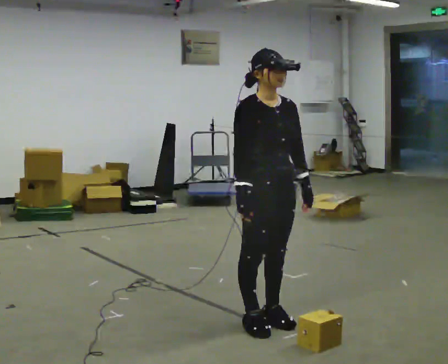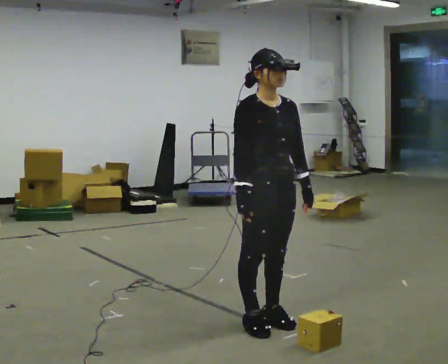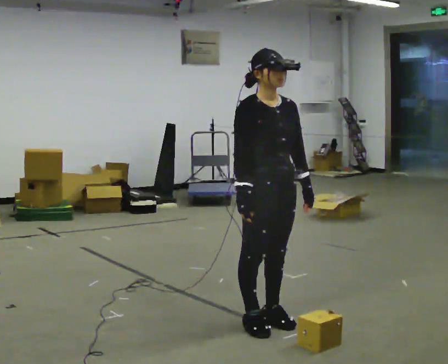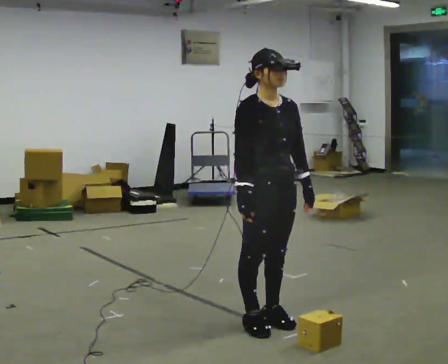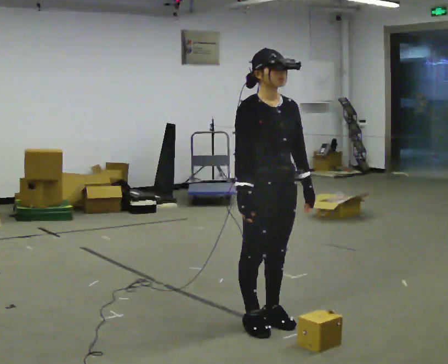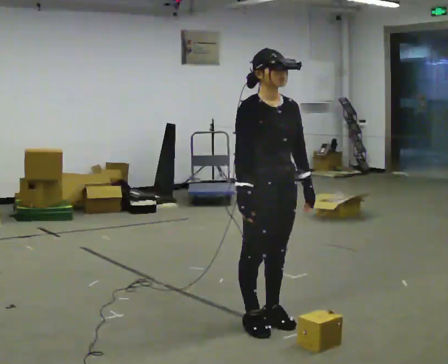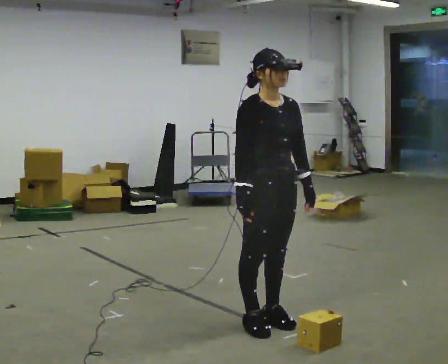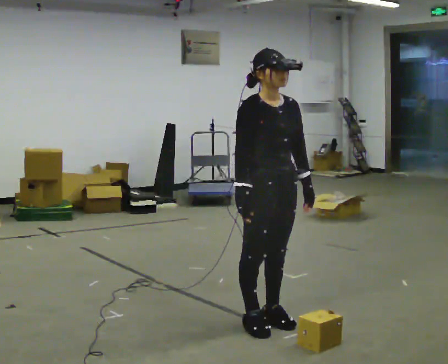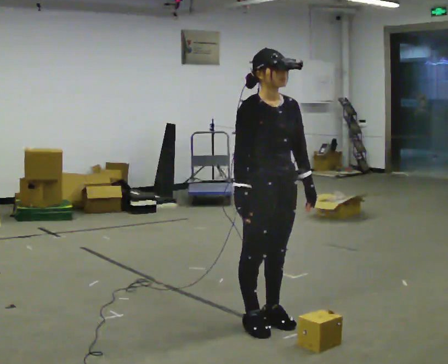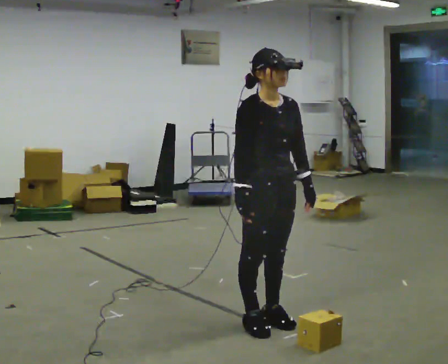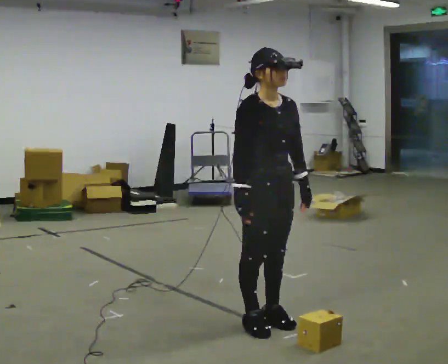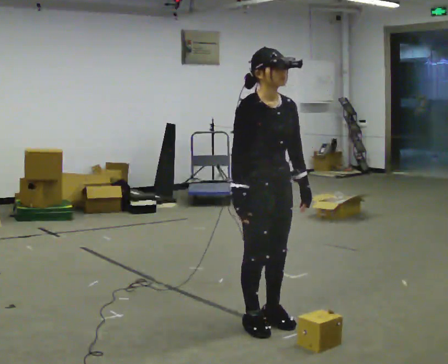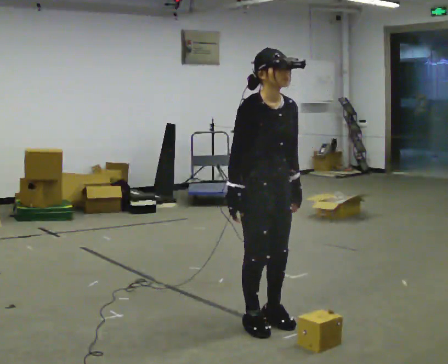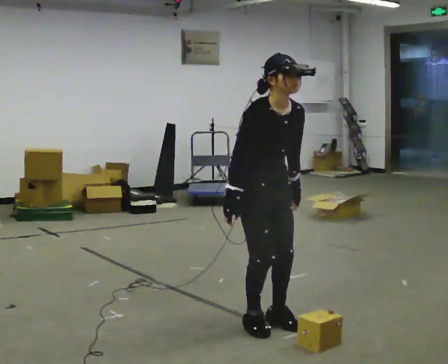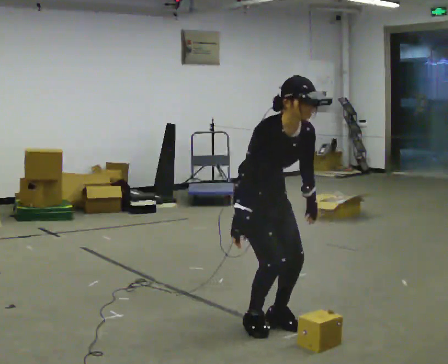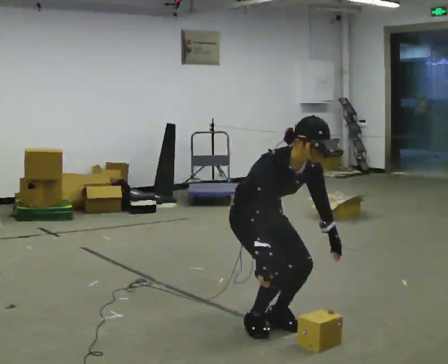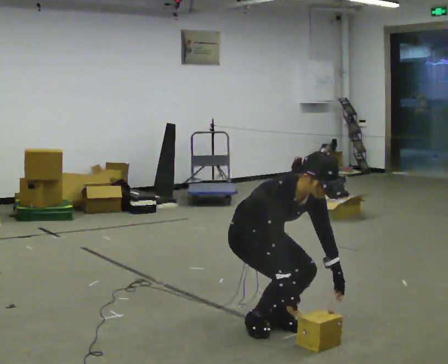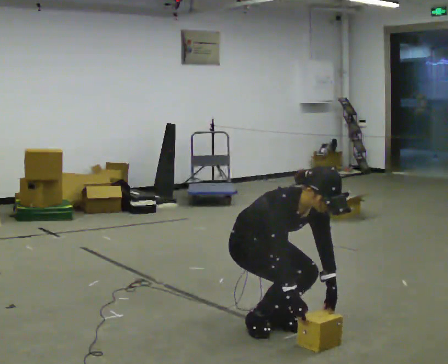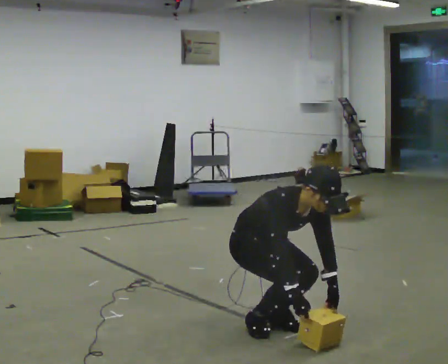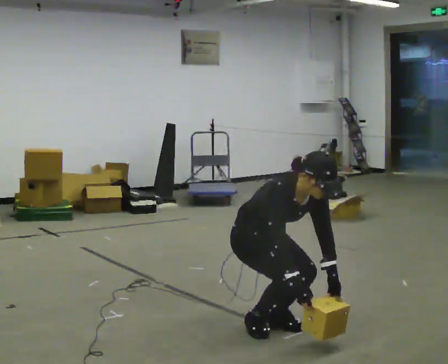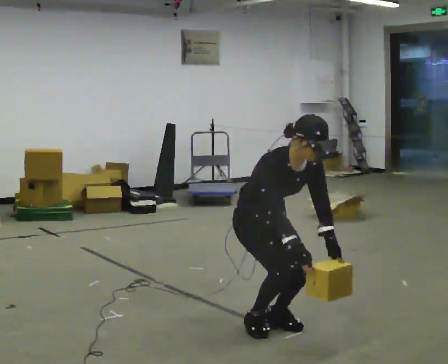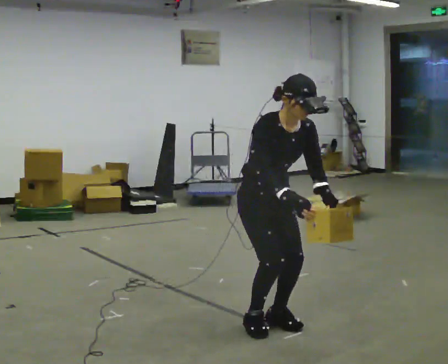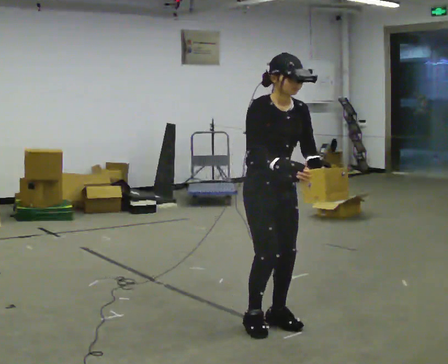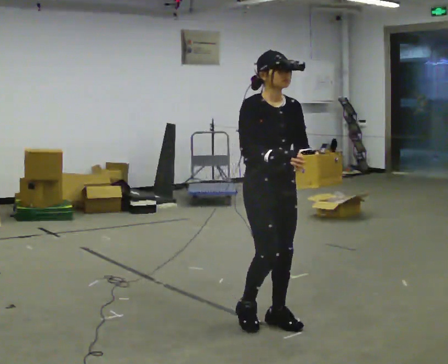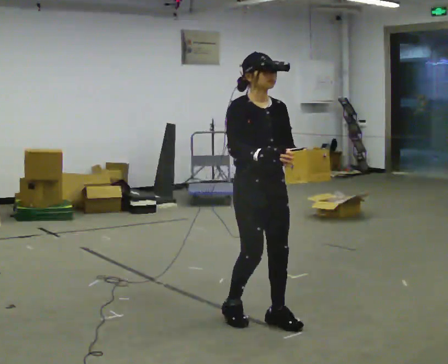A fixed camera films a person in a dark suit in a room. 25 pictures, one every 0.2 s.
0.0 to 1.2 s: The person keeps their place and pose.
1.2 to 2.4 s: The person moves a little, or ends about where they began.
2.4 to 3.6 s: The shoulders move downward. In the picture the upper body tilts clockwise, shoulders to the right, as they bend forward. In the picture their right hand goes downward and to the right.
3.6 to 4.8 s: The upper body goes upward. In the picture the upper body tilts counterclockwise, shoulders to the left, as they lean back or straighten. In the picture their right hand goes upward.
The film runs backward here.
